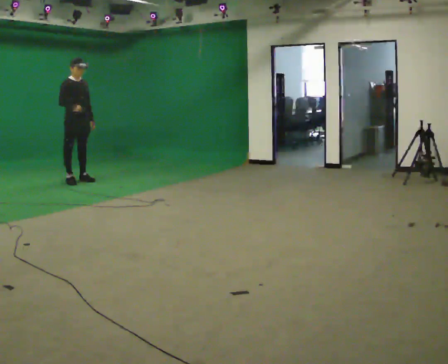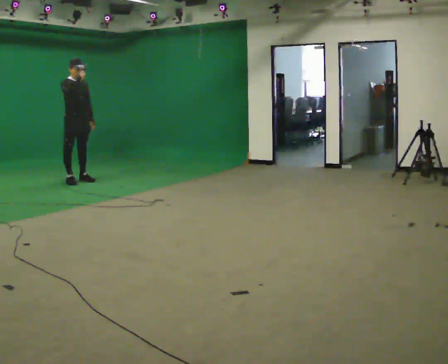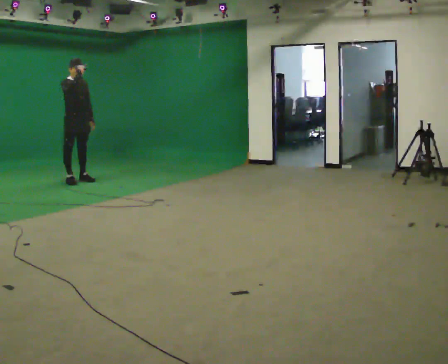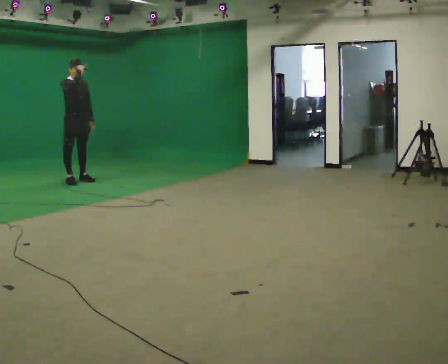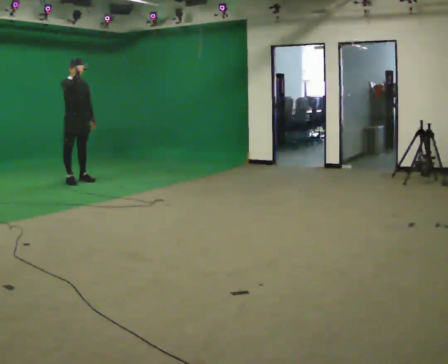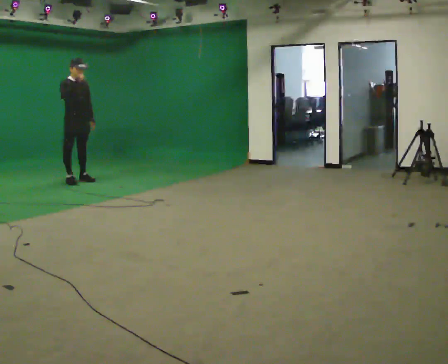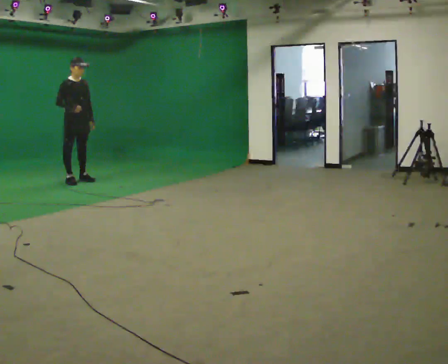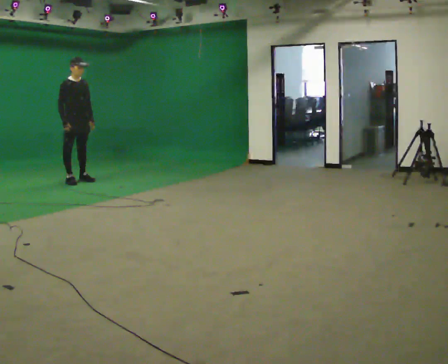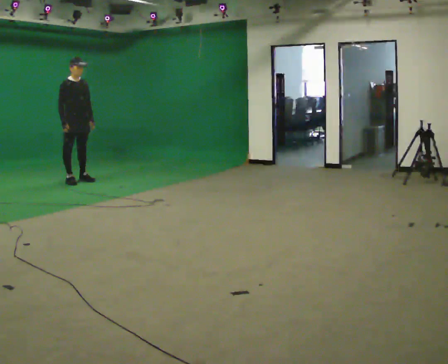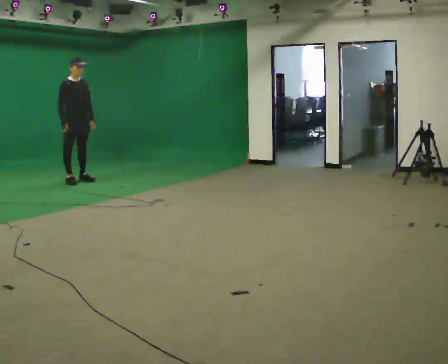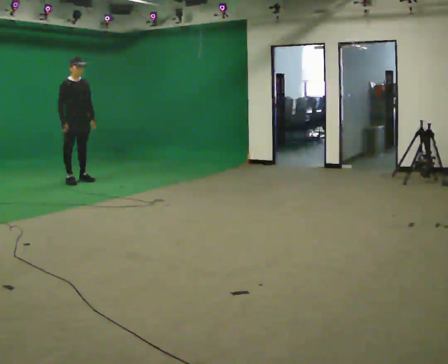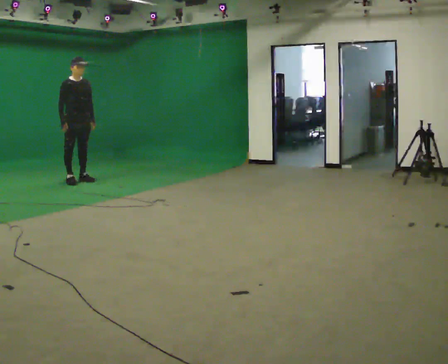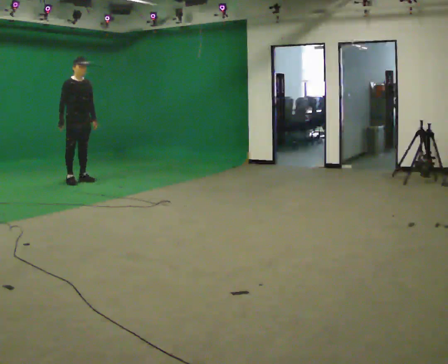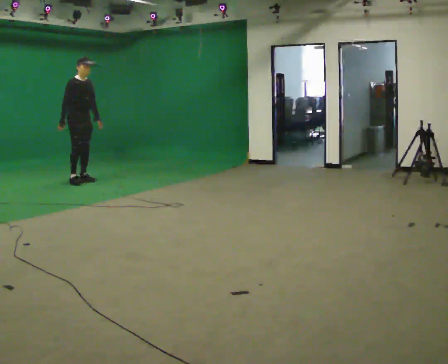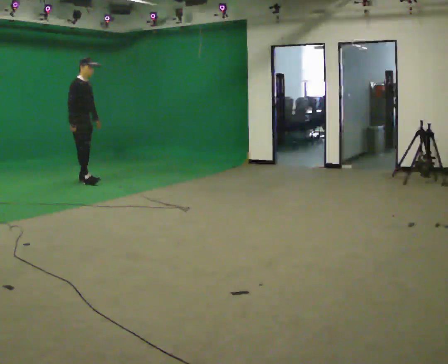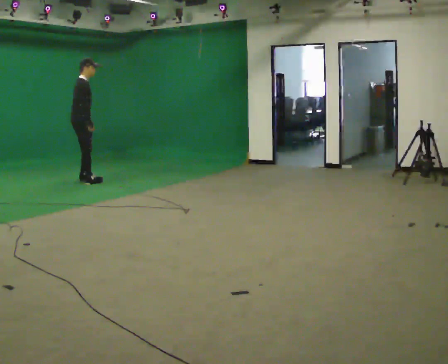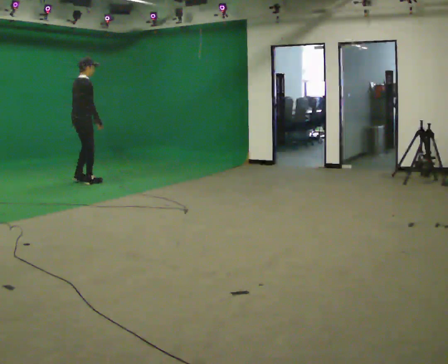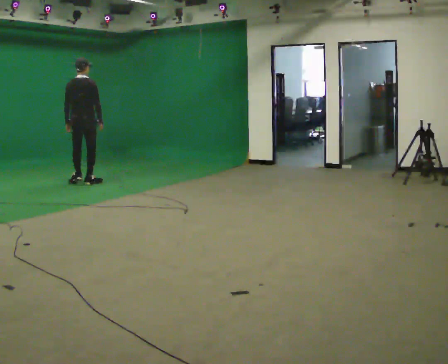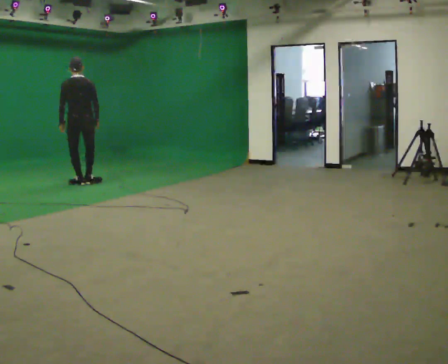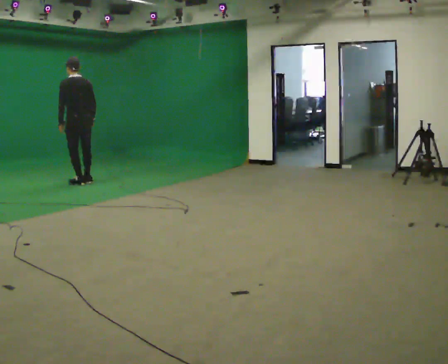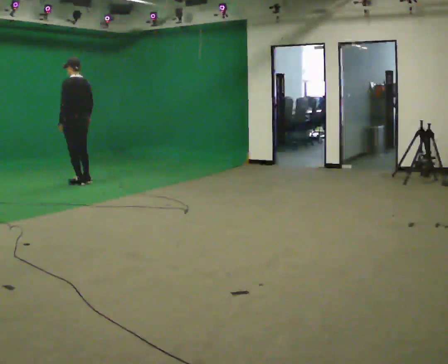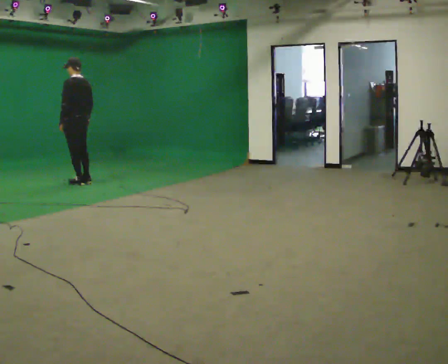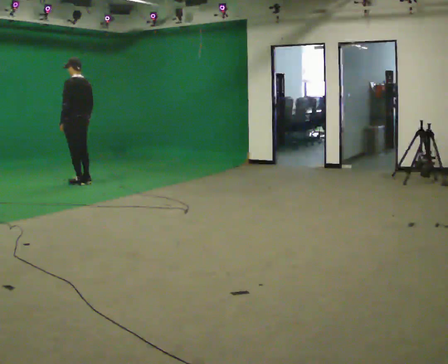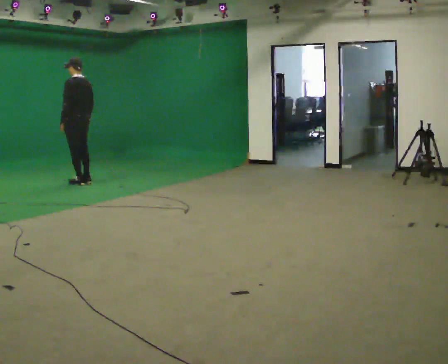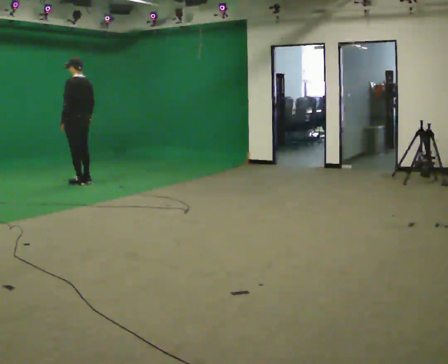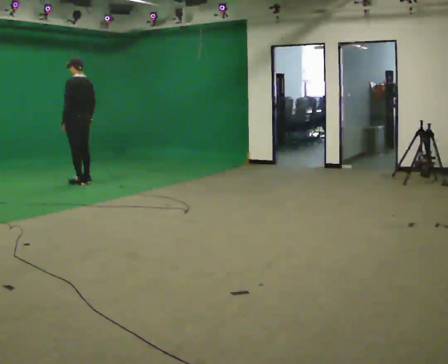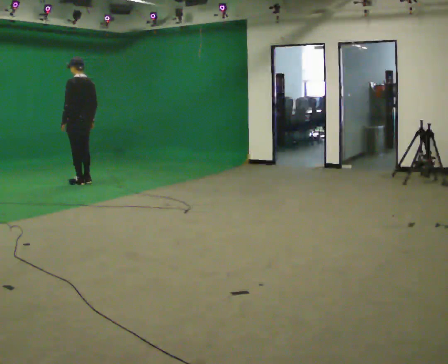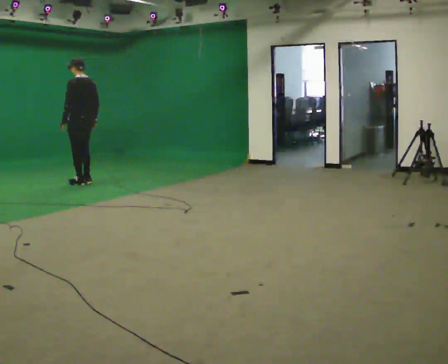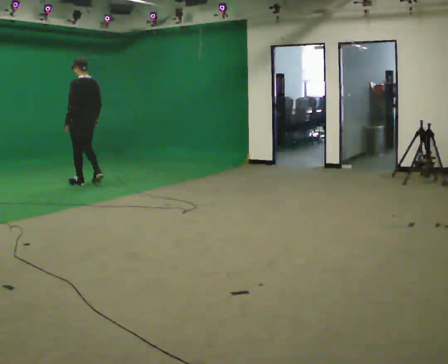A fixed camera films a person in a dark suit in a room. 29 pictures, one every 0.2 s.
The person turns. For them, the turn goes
to their left.
The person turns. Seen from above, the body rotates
counterclockwise.
0.0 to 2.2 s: The person moves a little, or ends about where they began.
2.2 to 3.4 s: The part of the body nearest the lens slides to the right as the person turns to their left by about 120 degrees. In the picture their left hand goes to the left, the arm swinging clockwise.
3.4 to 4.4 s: The person turns about 75 degrees to their left, counterclockwise seen from above, so the part of the body nearest the lens slides to the right.
4.4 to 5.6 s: The person moves a little, or ends about where they began.
The film runs backward here.
